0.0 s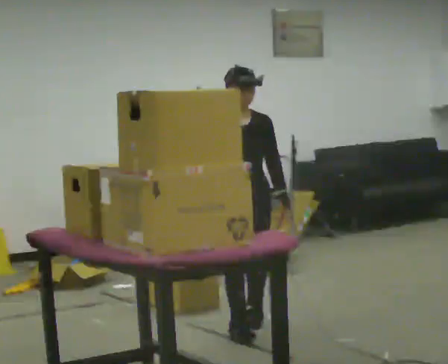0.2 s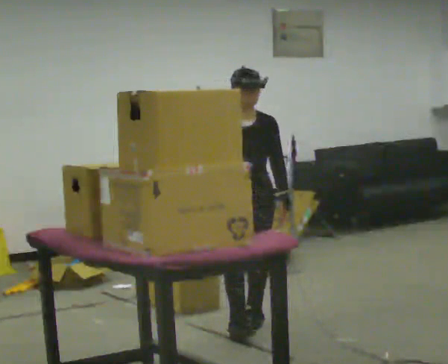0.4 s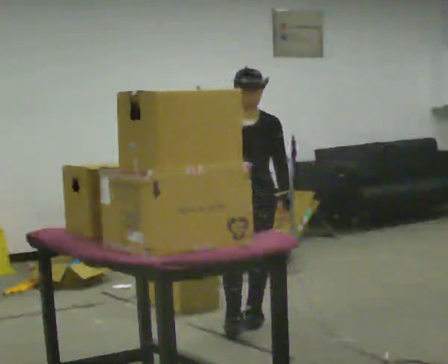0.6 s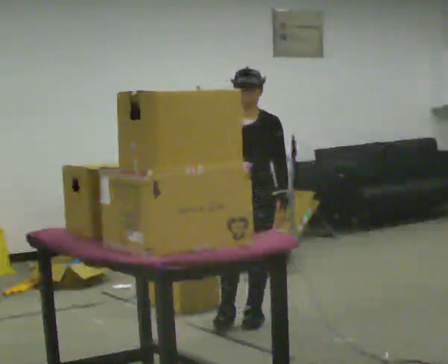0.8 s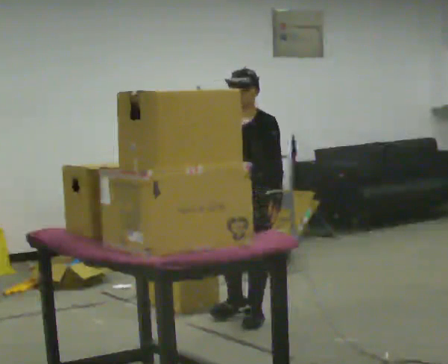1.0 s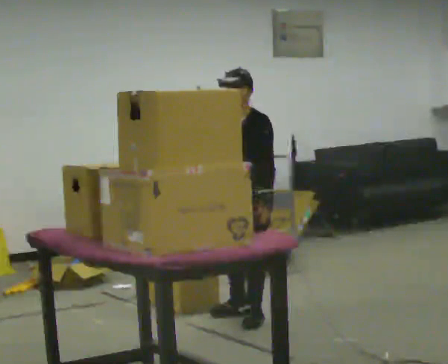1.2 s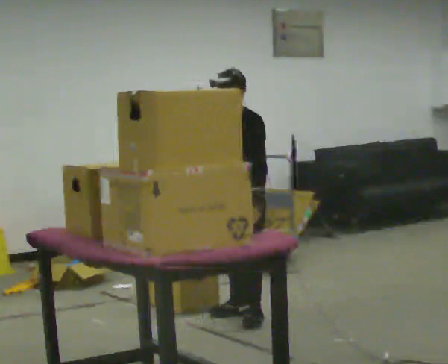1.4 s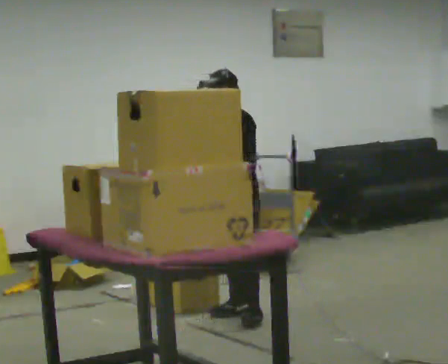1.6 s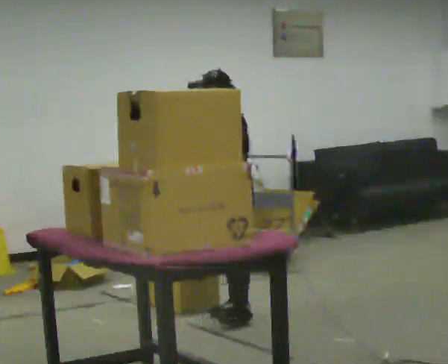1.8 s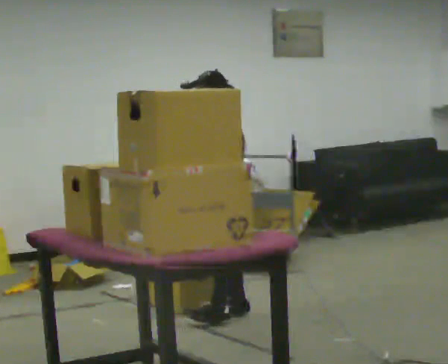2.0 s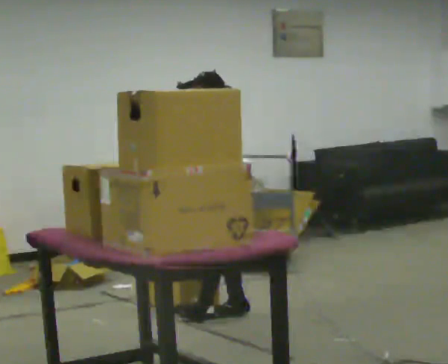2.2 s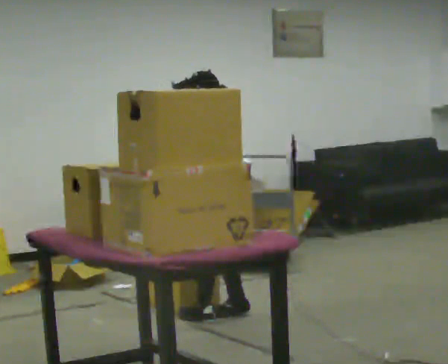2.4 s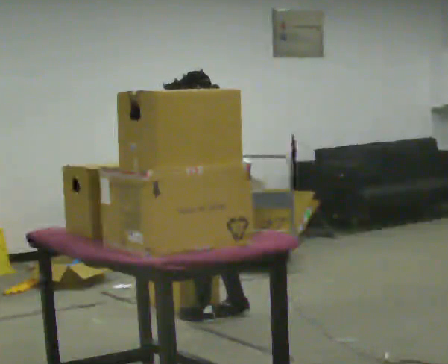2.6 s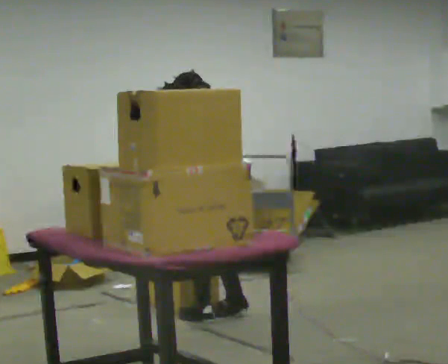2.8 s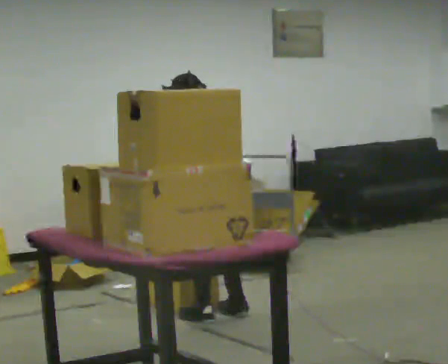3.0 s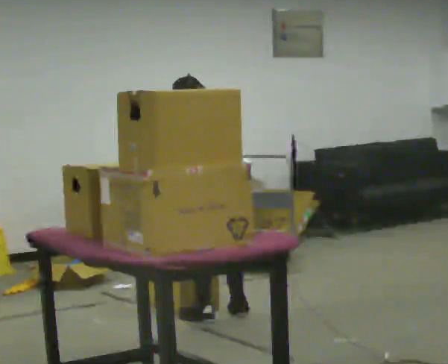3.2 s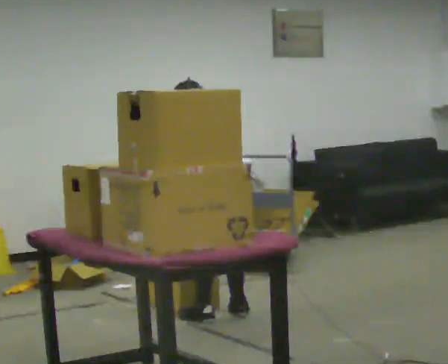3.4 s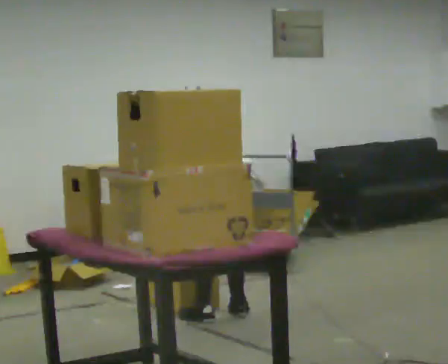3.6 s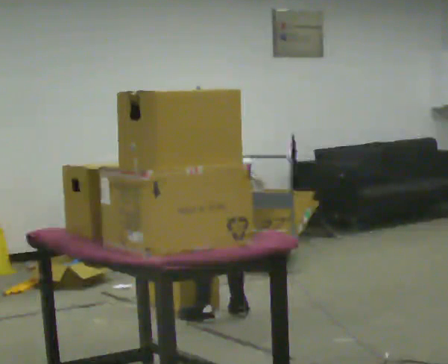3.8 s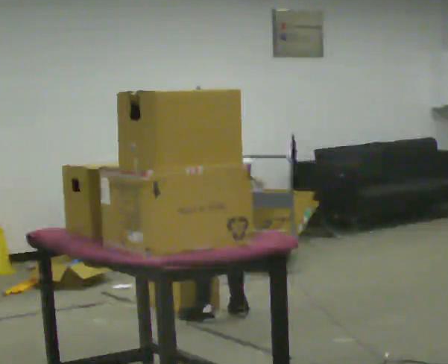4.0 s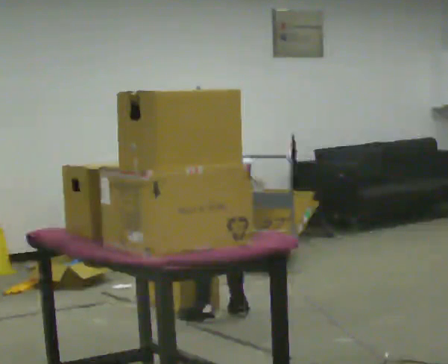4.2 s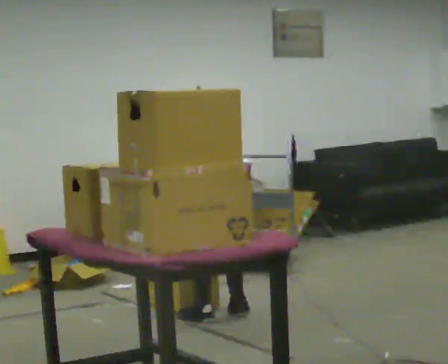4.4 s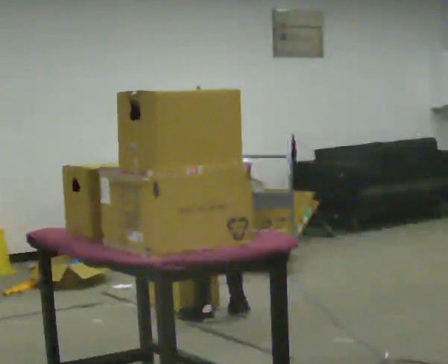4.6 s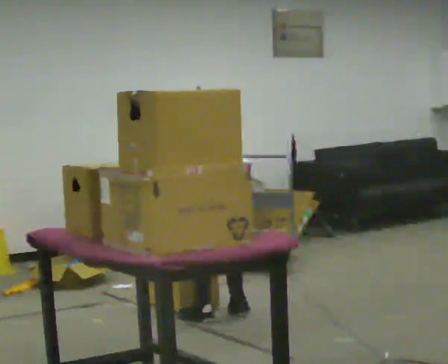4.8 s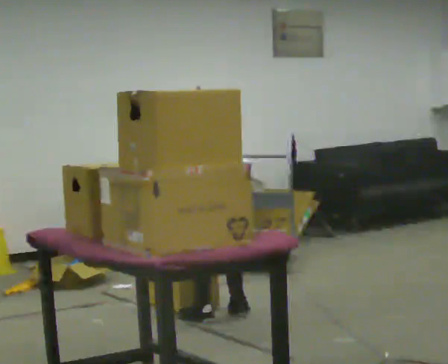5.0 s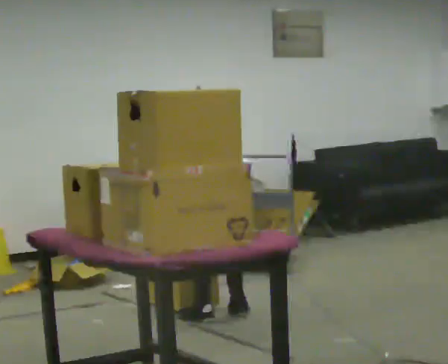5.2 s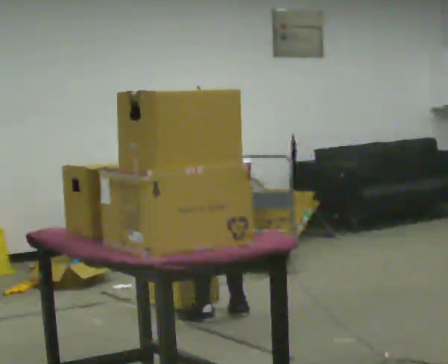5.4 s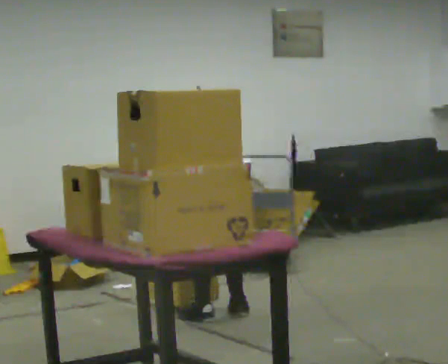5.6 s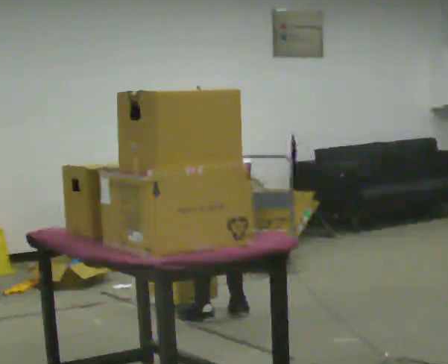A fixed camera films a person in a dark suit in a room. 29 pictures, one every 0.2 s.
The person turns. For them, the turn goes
to their right.
The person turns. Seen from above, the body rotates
clockwise.
0.0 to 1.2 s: The person turns about 60 degrees to their right, clockwise seen from above, so the part of the body nearest the lens slides to the left. In the picture they go away from the camera, about 0.25 m in 1 step, which for them is backward.
1.2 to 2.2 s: Seen from above the body turns clockwise, about 60 degrees: to their right, with its near side sliding to the left. In the picture their left hand goes to the left.
2.2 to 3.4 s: The part of the body nearest the lens slides to the left as the person turns to their right by about 45 degrees. The upper body tips away from the camera, its near side rolling upward, as they bend forward.
3.4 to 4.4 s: The upper body goes downward. The upper body tips away from the camera, its near side rolling upward, as they bend forward.
4.4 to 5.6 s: The person moves a little, or ends about where they began.
The film runs backward here.
